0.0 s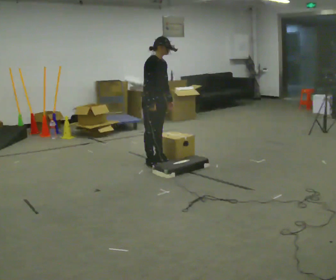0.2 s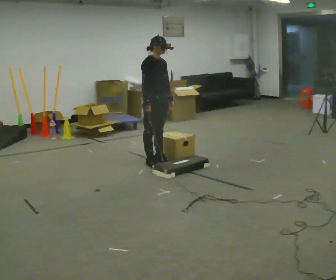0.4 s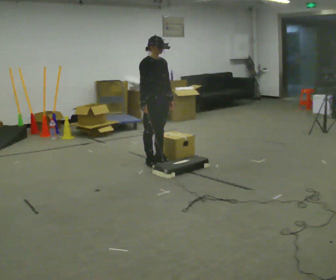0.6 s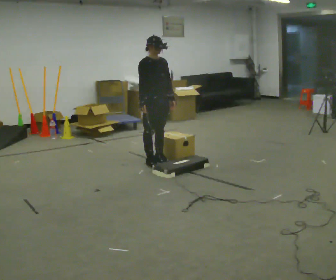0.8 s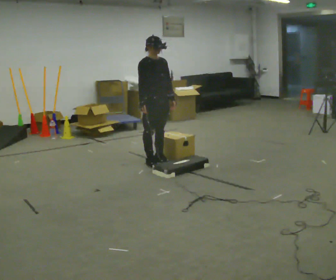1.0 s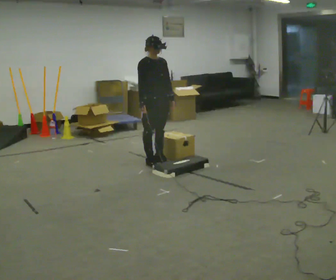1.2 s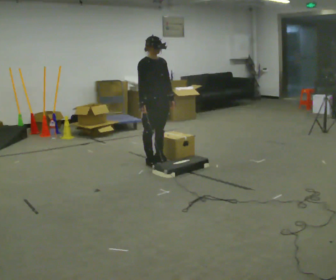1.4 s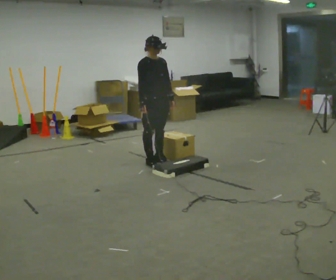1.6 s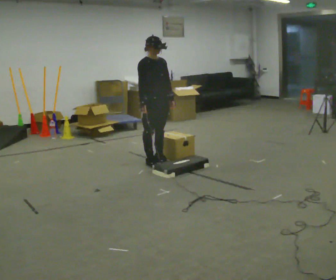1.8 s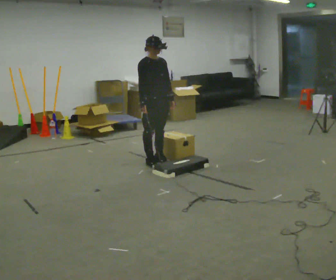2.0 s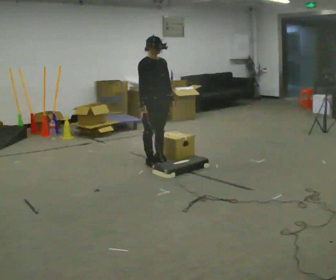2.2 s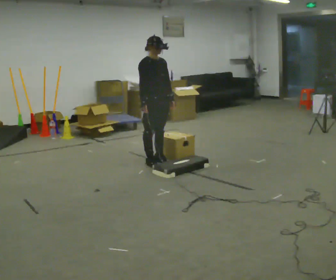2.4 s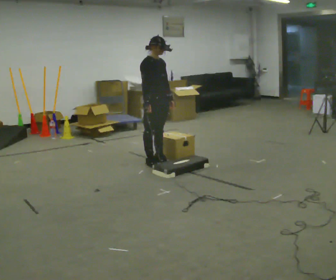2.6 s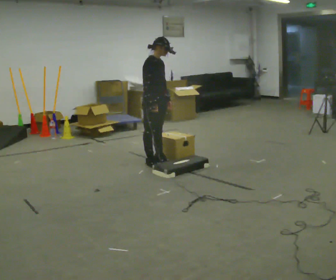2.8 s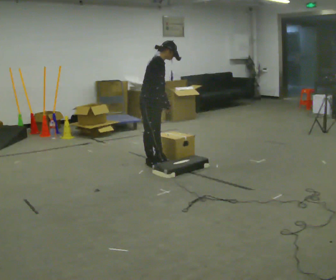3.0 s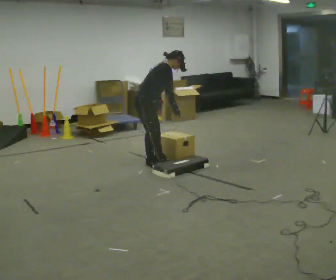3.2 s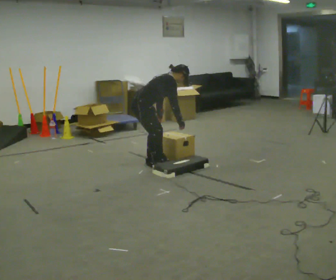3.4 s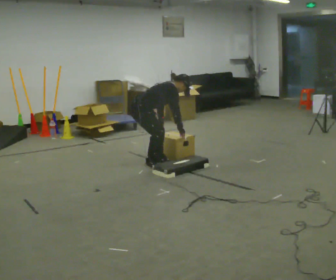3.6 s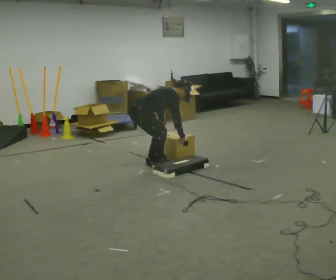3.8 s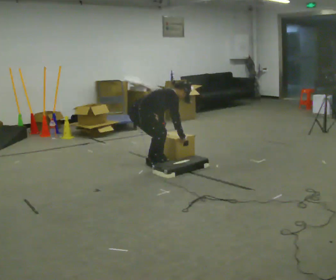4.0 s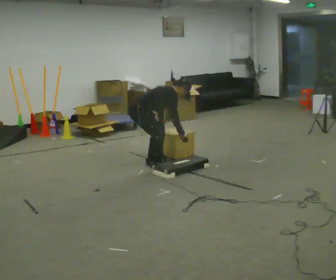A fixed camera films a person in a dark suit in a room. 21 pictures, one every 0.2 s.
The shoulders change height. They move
downward.
0.0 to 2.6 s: The person moves a little, or ends about where they began.
2.6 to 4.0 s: Seen from above the body turns counterclockwise, about 30 degrees: to their left, with its near side sliding to the right. In the picture they go to the left, about 0.25 m, which for them is backward. The shoulders move downward. In the picture the upper body tilts clockwise, shoulders to the right, as they bend forward. In the picture their left hand goes downward.
The film runs forward here.
